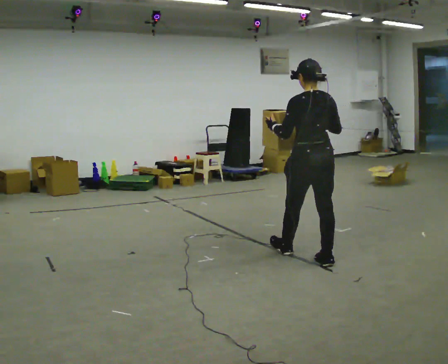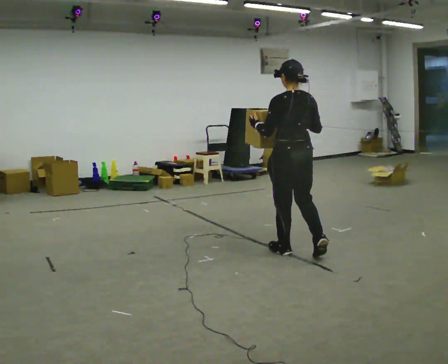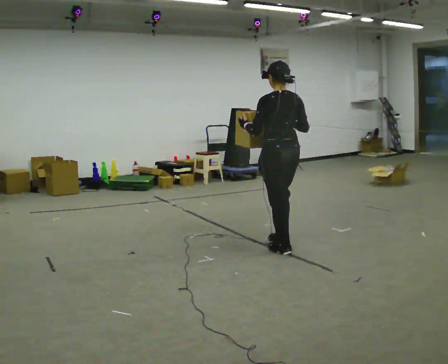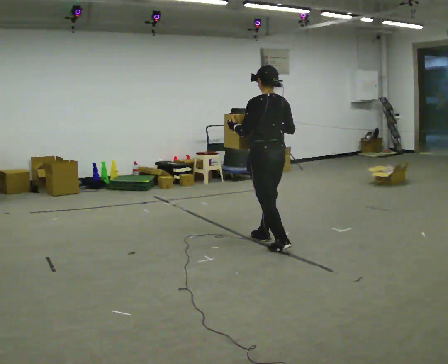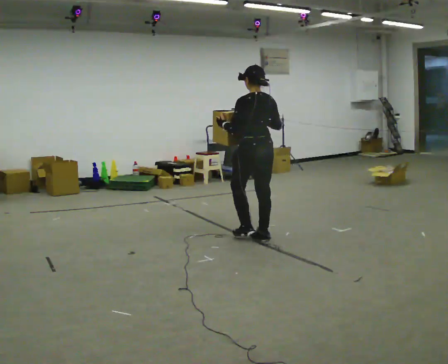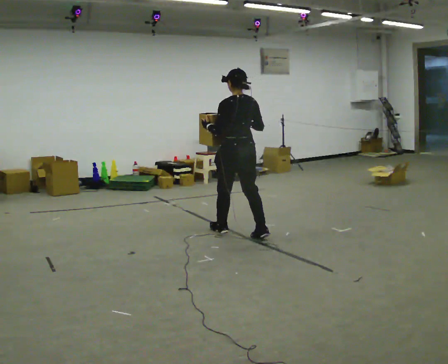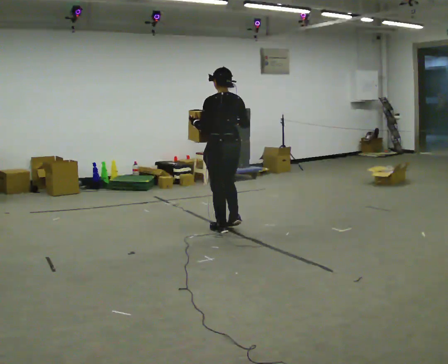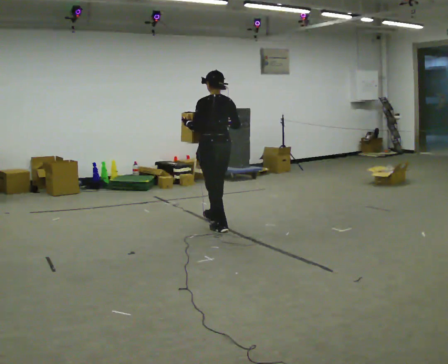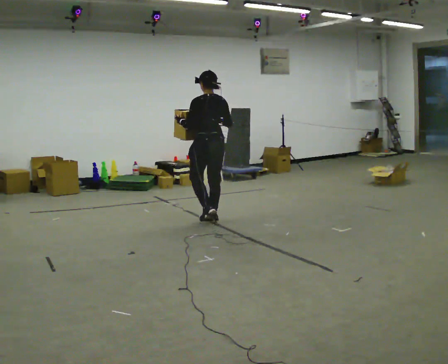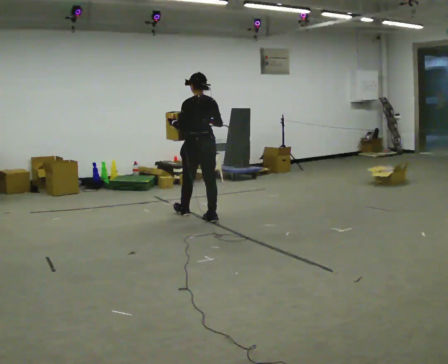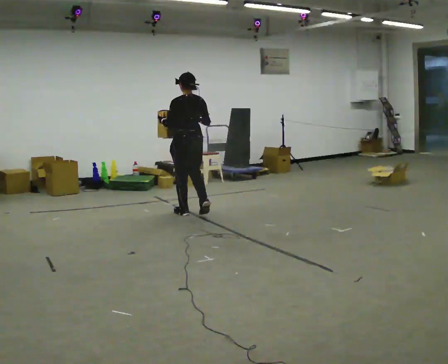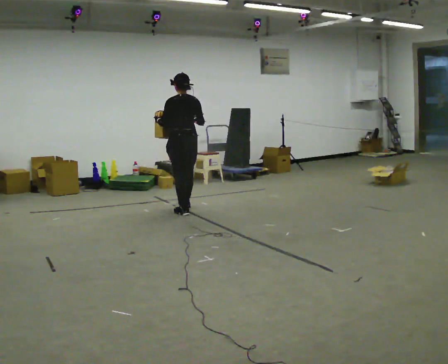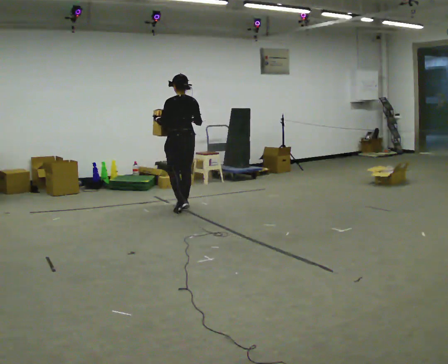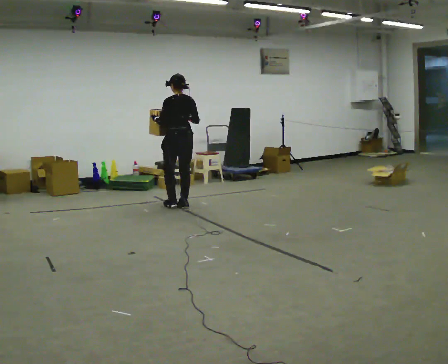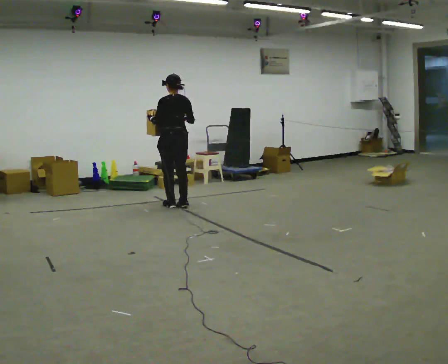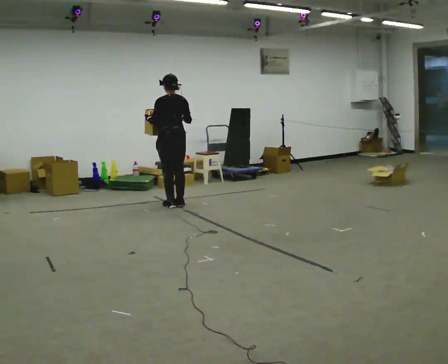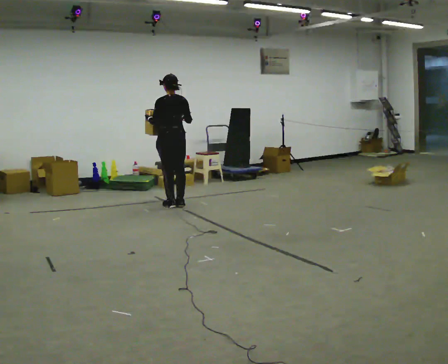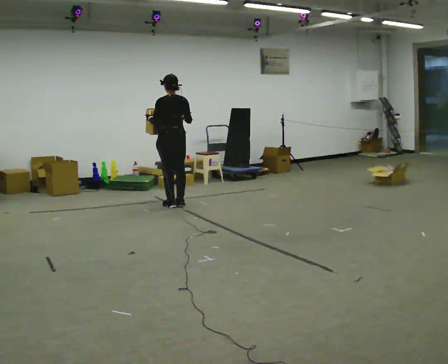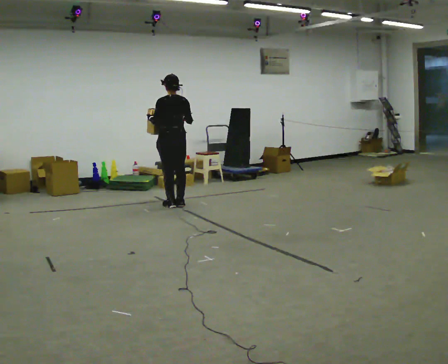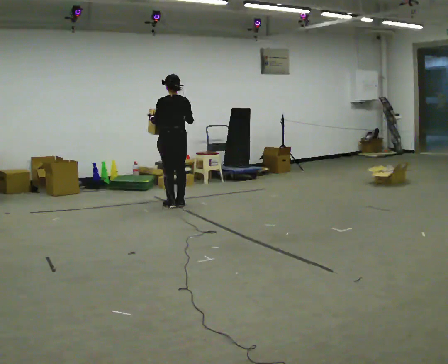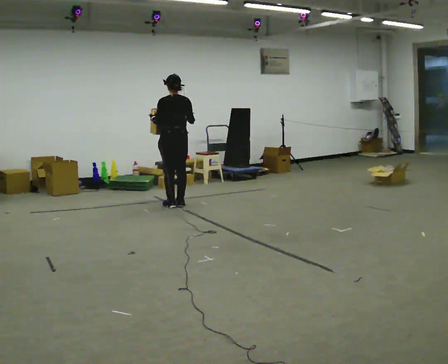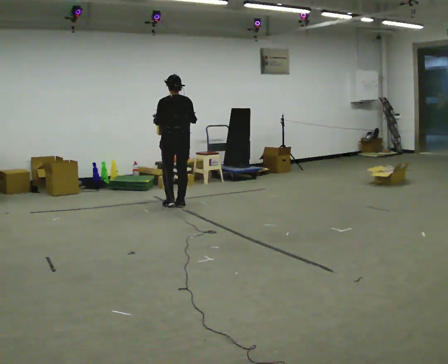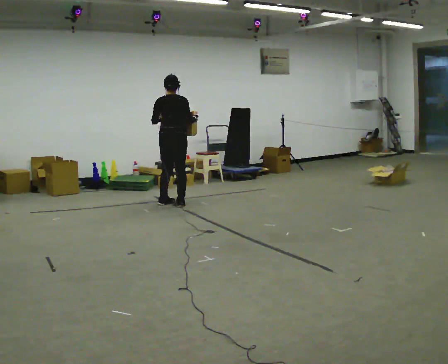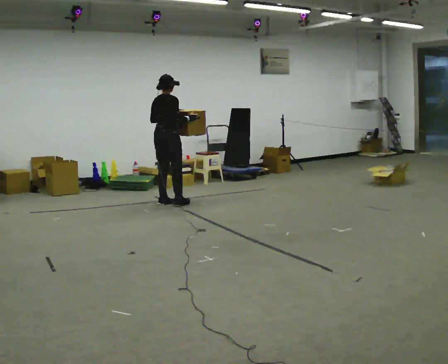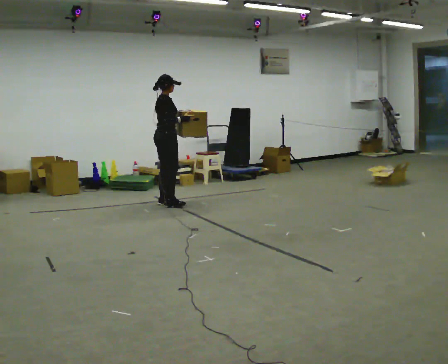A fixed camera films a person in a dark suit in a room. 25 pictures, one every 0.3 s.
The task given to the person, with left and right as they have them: Carry the box in both hands and walk back and forth across the room. The contents may move around. Carry on as best you can.
0.0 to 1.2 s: In the picture they go away from the camera and to the left, about 1 m in 1 step, which for them is forward.
1.2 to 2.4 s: In the picture they go away from the camera and to the left, about 1 m in 2 steps, which for them is forward.
2.4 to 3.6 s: In the picture they go away from the camera and to the left, about 0.75 m in 2 steps, which for them is forward.
3.6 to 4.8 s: In the picture they go away from the camera, about 0.25 m in 1 step, which for them is forward.
4.8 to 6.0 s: The person moves a little, or ends about where they began.
6.0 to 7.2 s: The part of the body nearest the lens slides to the left as the person turns to their right by about 90 degrees.
The film runs forward here.
